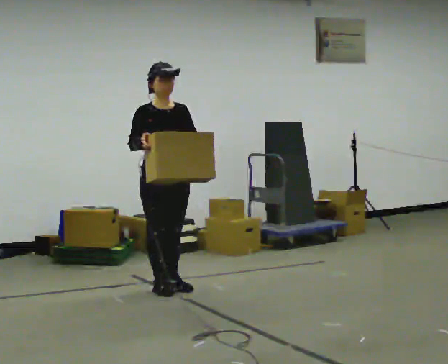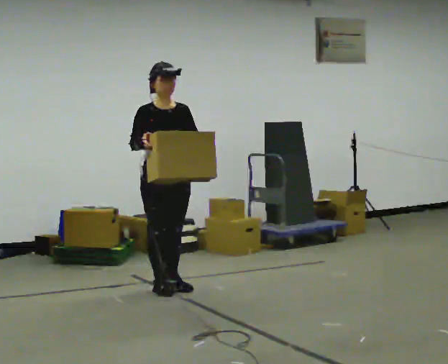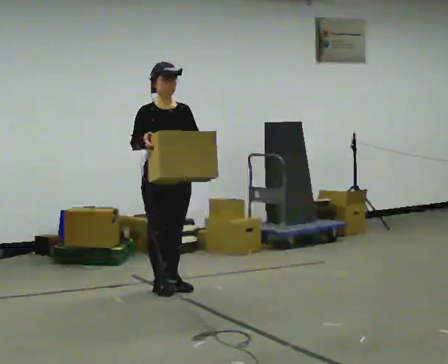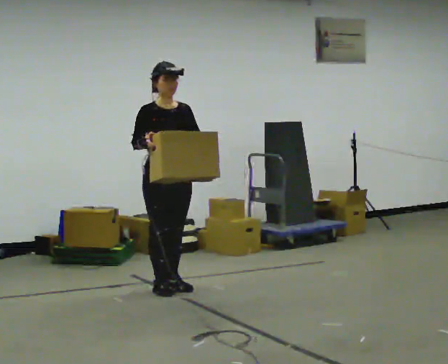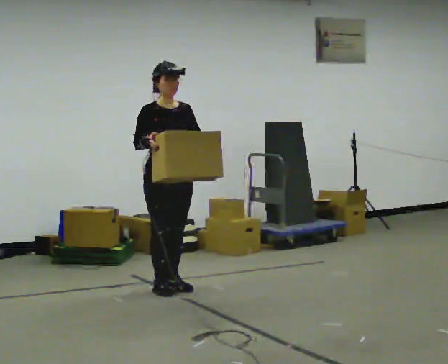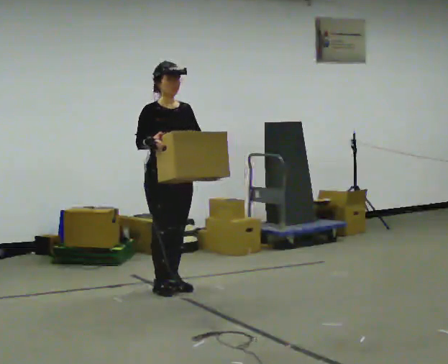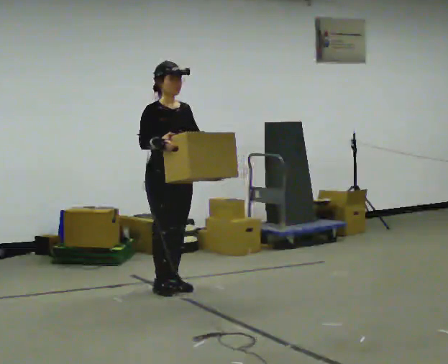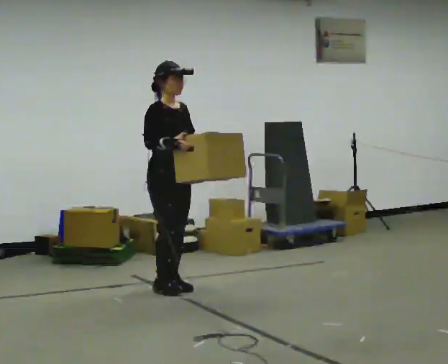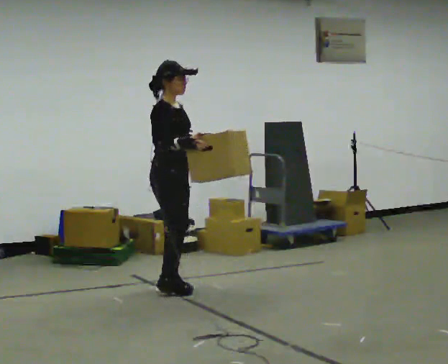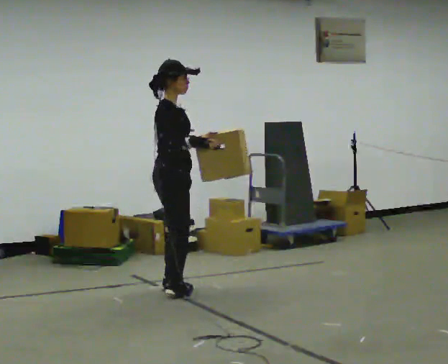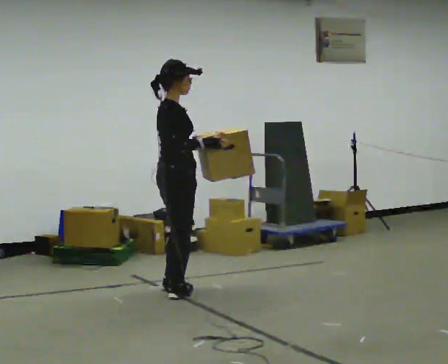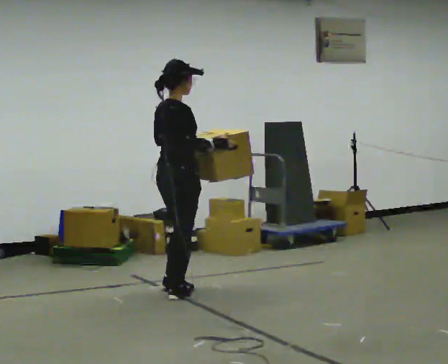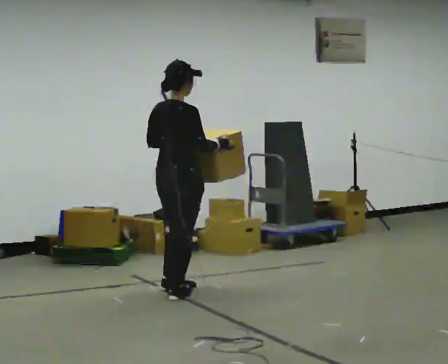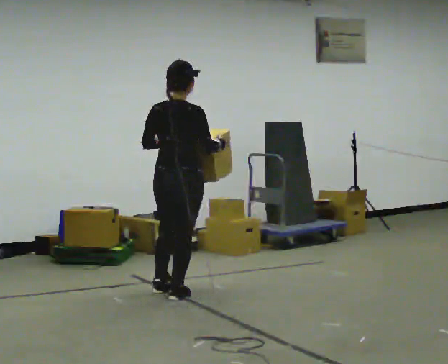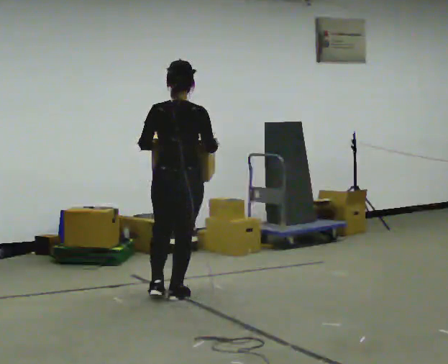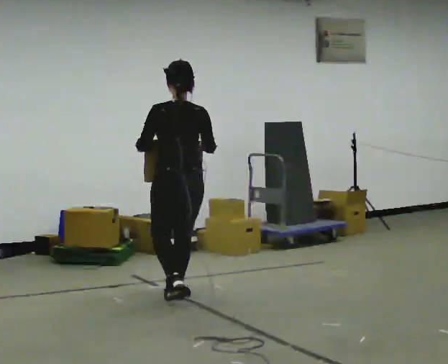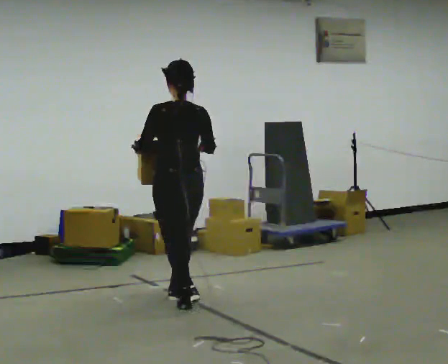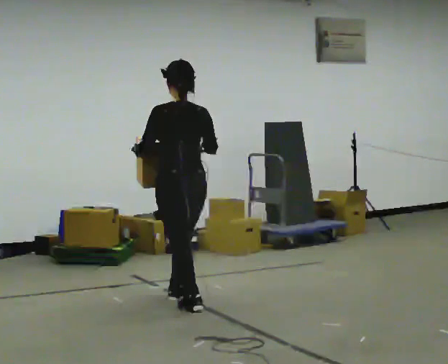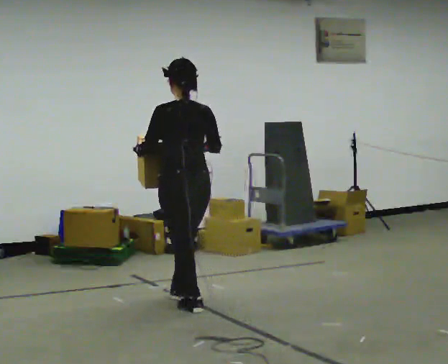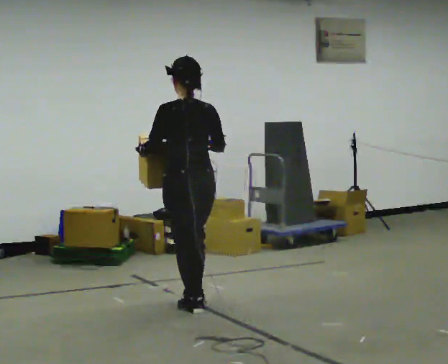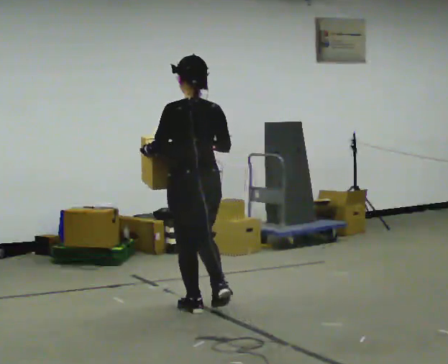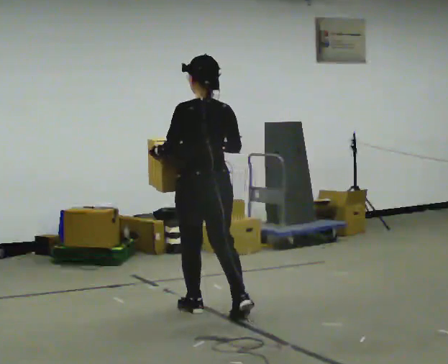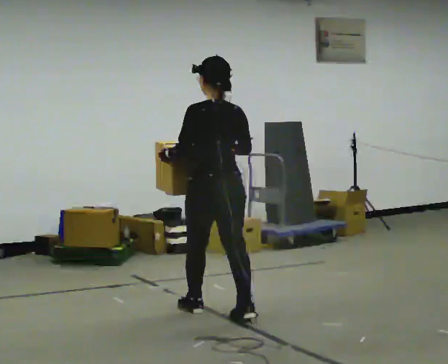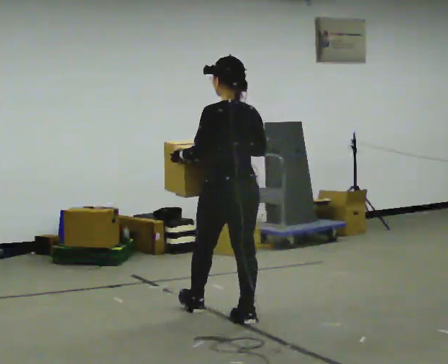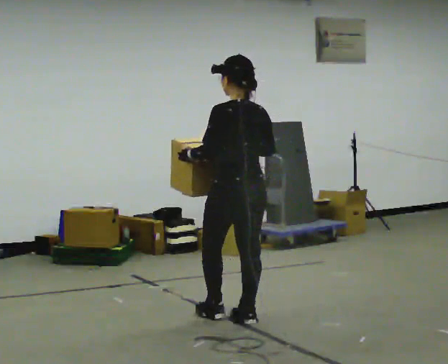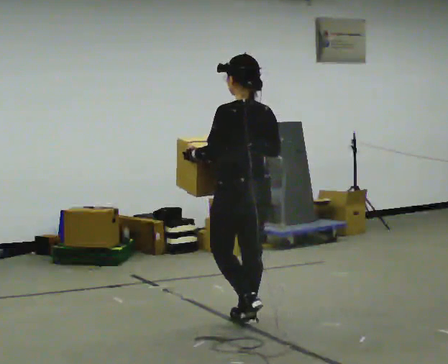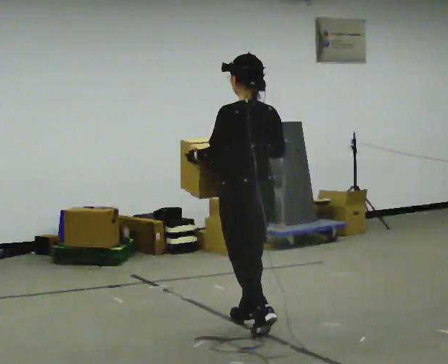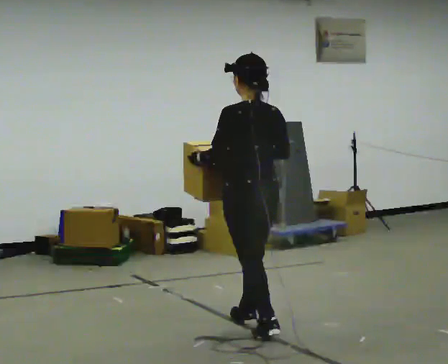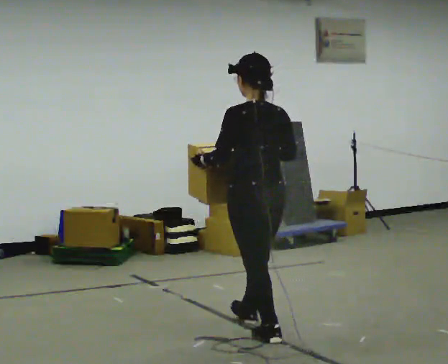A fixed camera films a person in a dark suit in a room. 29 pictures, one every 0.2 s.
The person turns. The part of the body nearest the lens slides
to the right.
The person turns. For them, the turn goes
to their left.
0.0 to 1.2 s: The person moves a little, or ends about where they began.
1.2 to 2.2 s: Seen from above the body turns counterclockwise, about 75 degrees: to their left, with its near side sliding to the right. In the picture they go toward the camera, about 0.25 m in 1 step.
2.2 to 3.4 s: The part of the body nearest the lens slides to the right as the person turns to their left by about 90 degrees. In the picture they go toward the camera, about 0.25 m in 1 step.
3.4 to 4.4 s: In the picture they go toward the camera and to the right, about 0.5 m in 1 step, which for them is backward.
4.4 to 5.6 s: In the picture they go toward the camera and to the right, about 0.5 m in 1 step, which for them is backward.
The film runs backward here.
